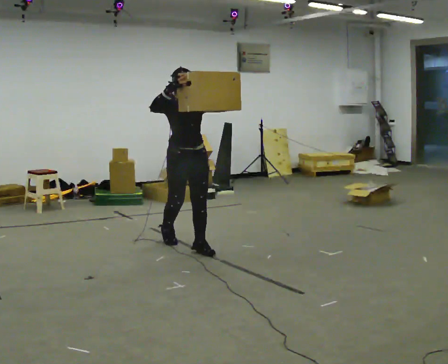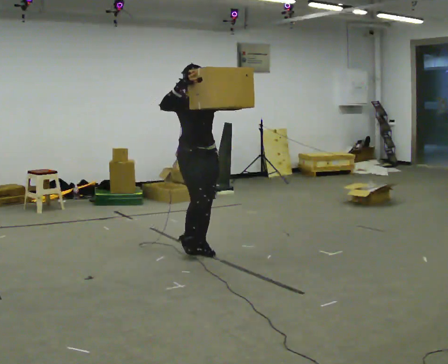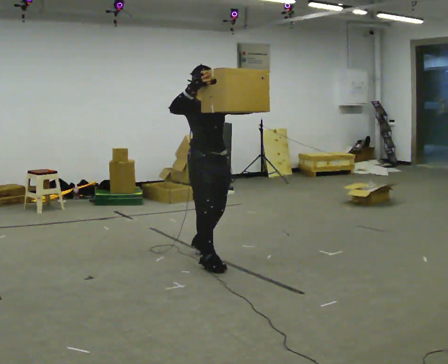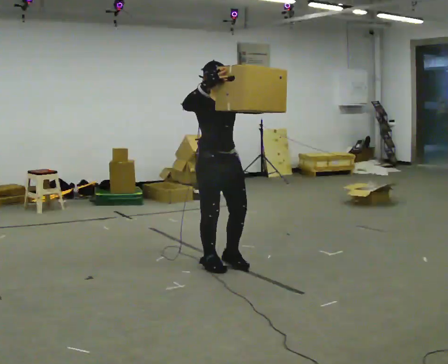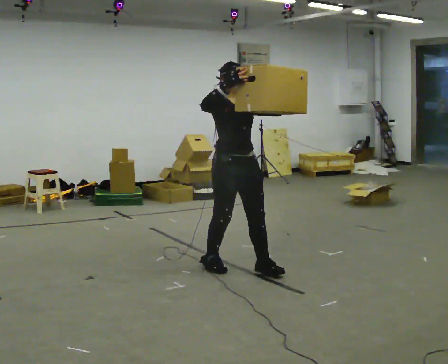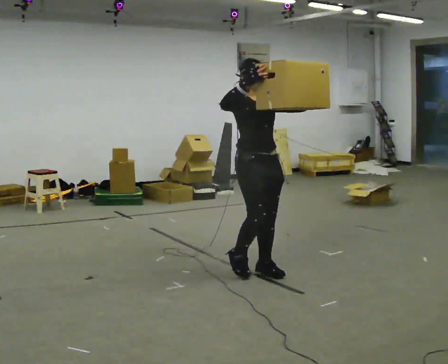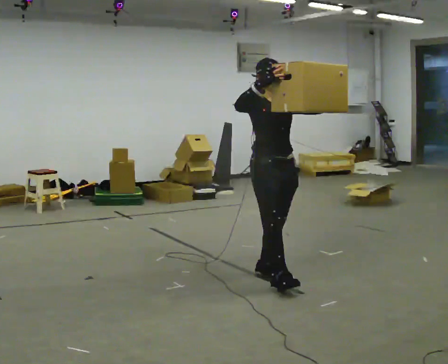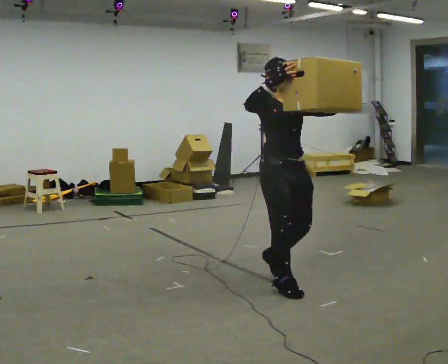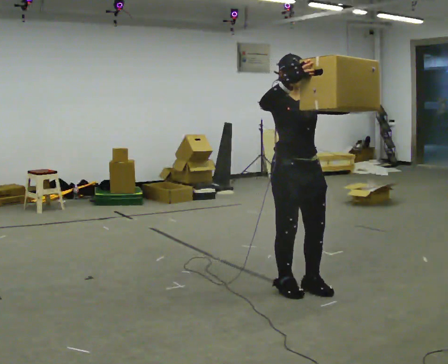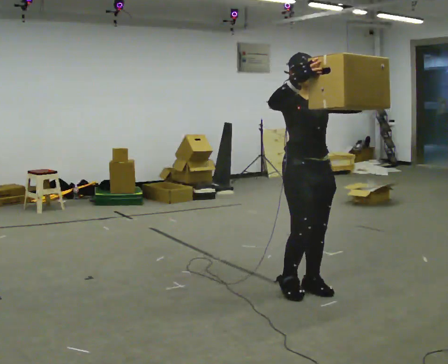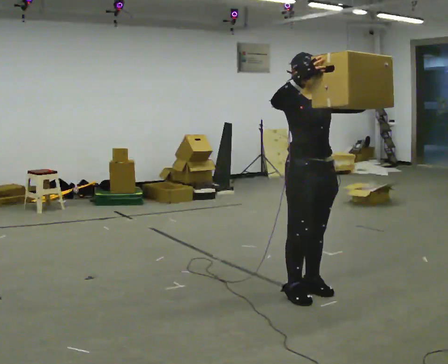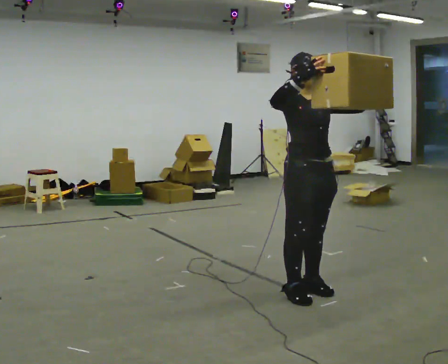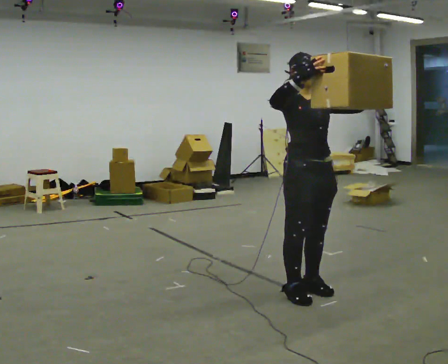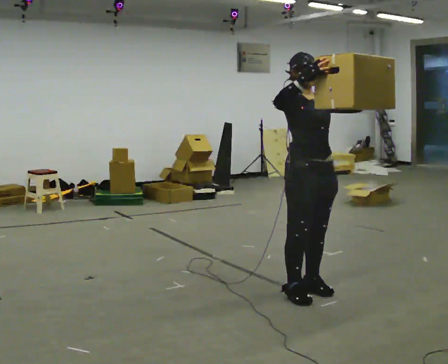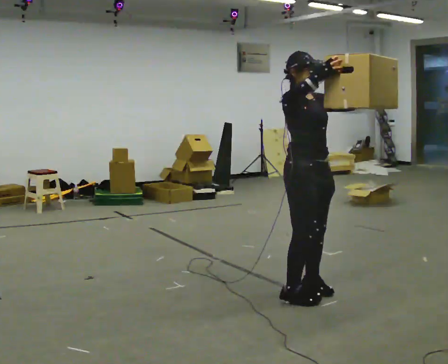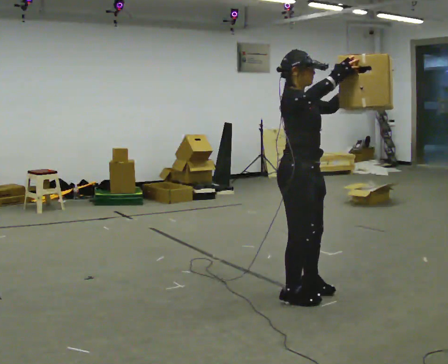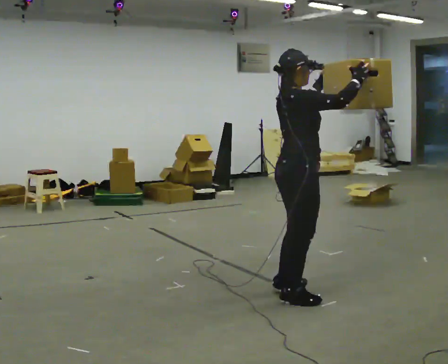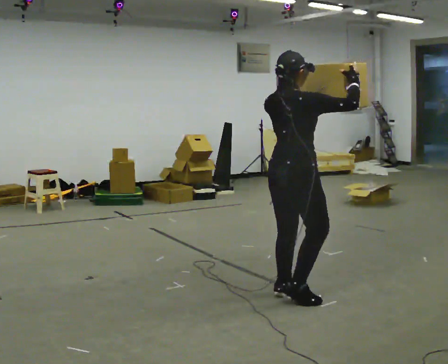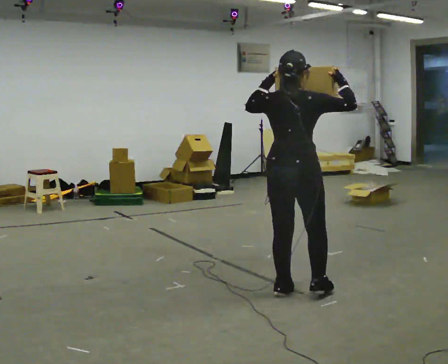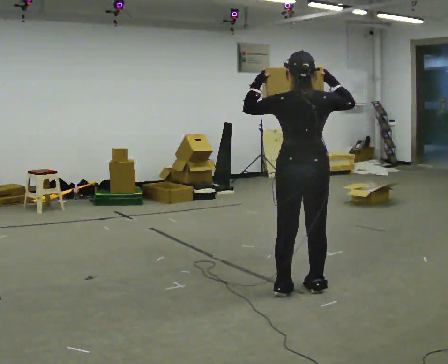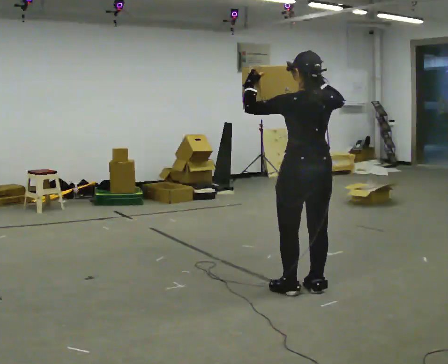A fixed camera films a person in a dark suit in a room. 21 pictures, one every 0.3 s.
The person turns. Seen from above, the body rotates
counterclockwise.
The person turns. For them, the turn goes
to their left.
0.0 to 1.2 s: In the picture they go to the right and toward the camera, about 1 m in 2 steps, which for them is forward.
1.2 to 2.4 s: In the picture they go to the right and toward the camera, about 0.5 m in 2 steps, which for them is forward.
2.4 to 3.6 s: The person moves a little, or ends about where they began.
3.6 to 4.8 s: Seen from above the body turns counterclockwise, about 75 degrees: to their left, with its near side sliding to the right. In the picture their right hand goes to the right.
4.8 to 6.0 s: Seen from above the body turns counterclockwise, about 90 degrees: to their left, with its near side sliding to the right. In the picture they go away from the camera, about 0.25 m in 2 steps. In the picture their right hand goes to the left.
The film runs forward here.
